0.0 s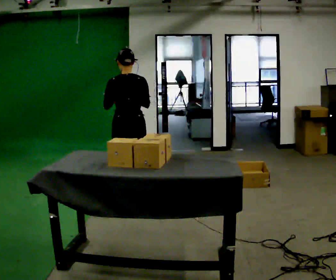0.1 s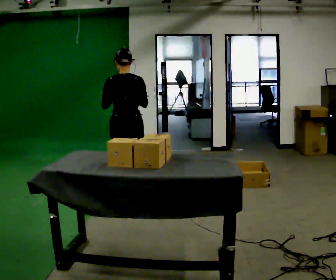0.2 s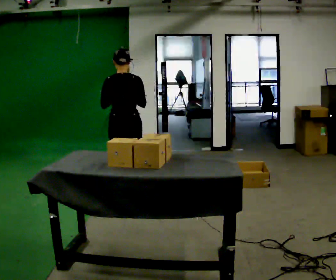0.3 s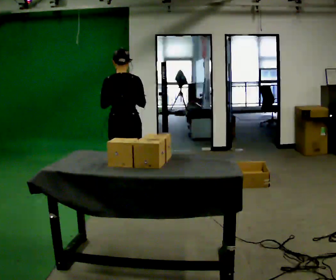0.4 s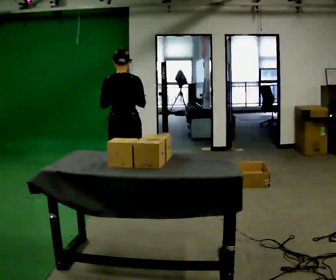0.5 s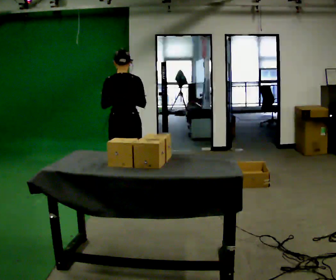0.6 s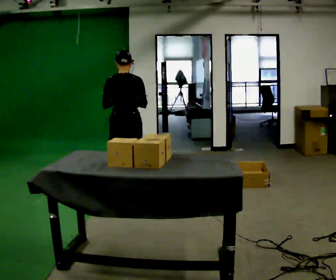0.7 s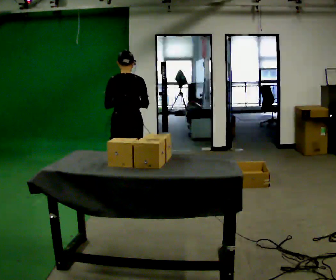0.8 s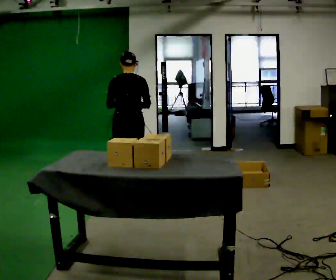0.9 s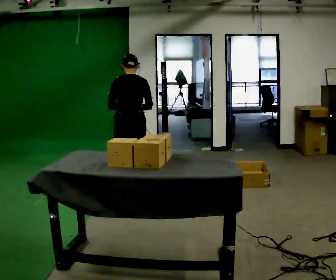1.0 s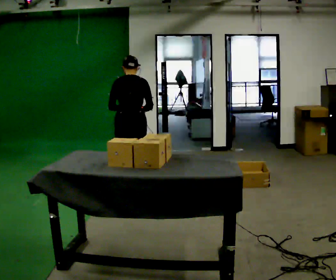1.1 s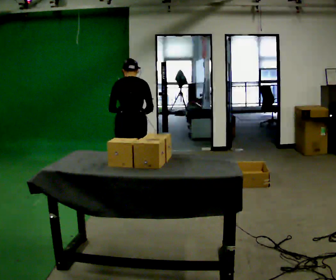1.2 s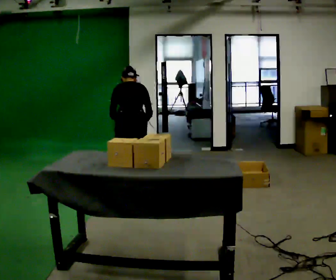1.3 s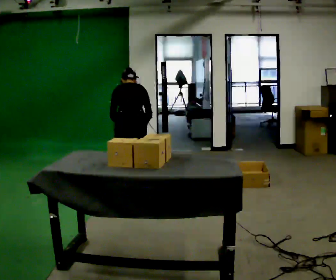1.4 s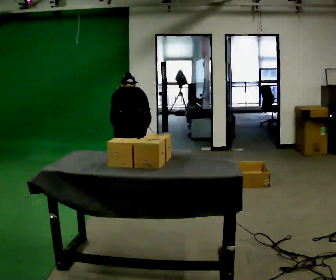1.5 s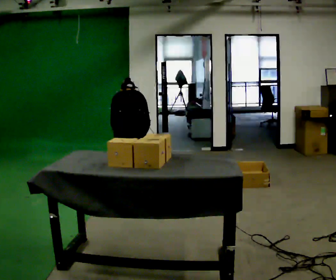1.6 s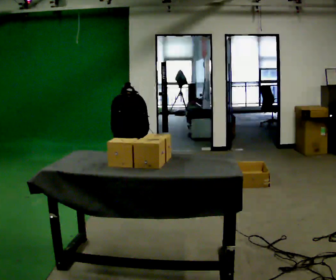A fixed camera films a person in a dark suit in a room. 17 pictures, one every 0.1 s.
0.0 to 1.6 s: In the picture they go away from the camera, about 0.25 m in 2 steps, which for them is forward. The shoulders move downward. The upper body tips away from the camera, its near side rolling upward, as they bend forward. In the picture their right hand goes downward.
The film runs forward here.
